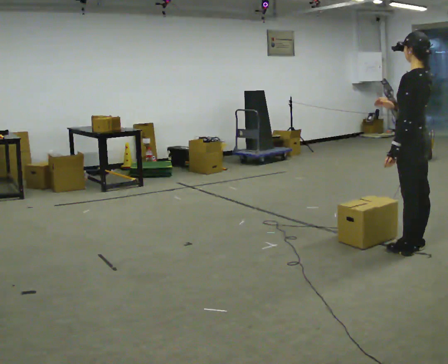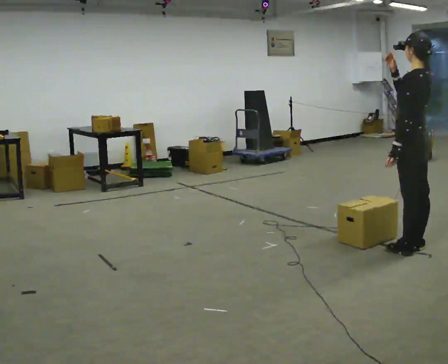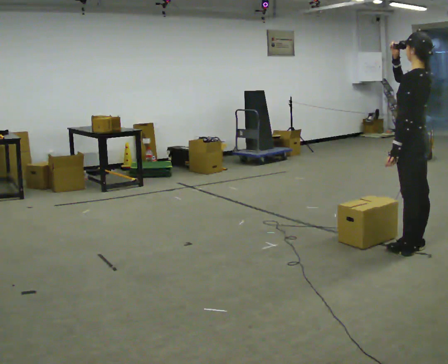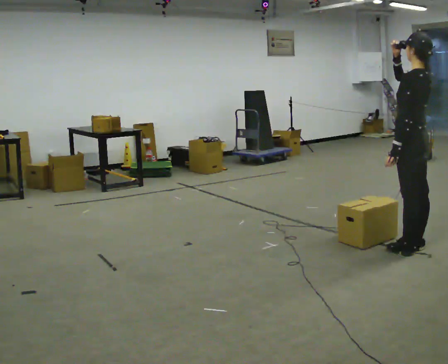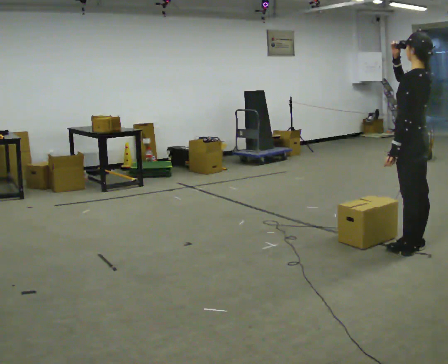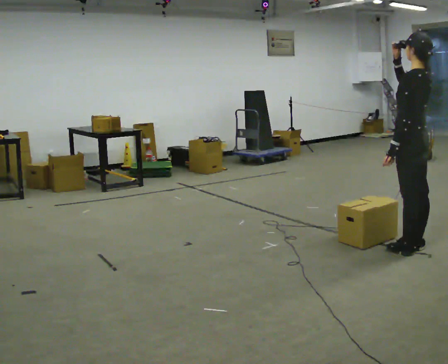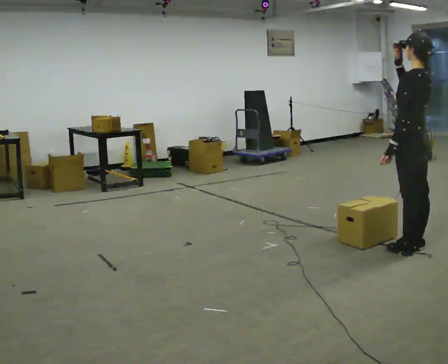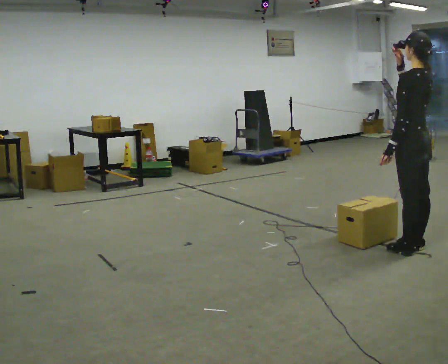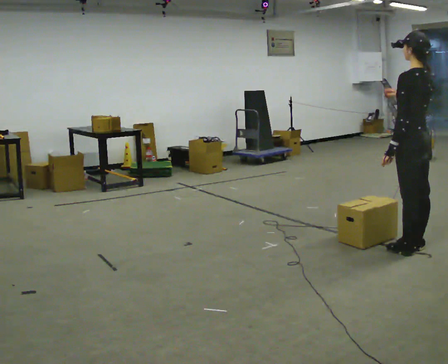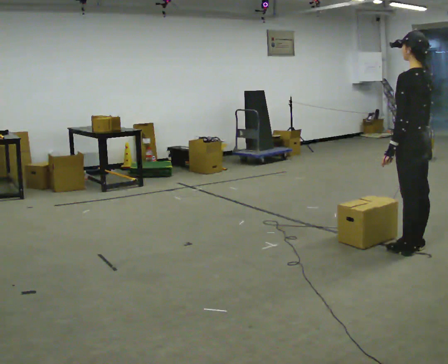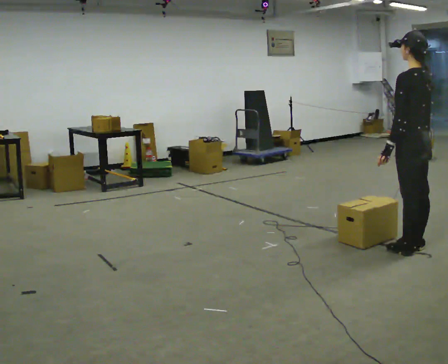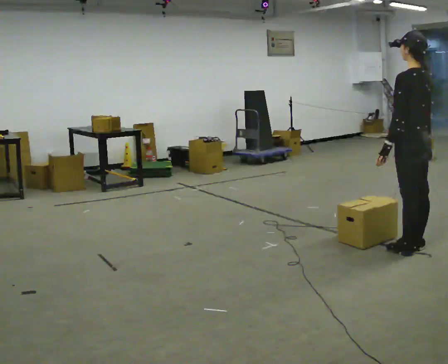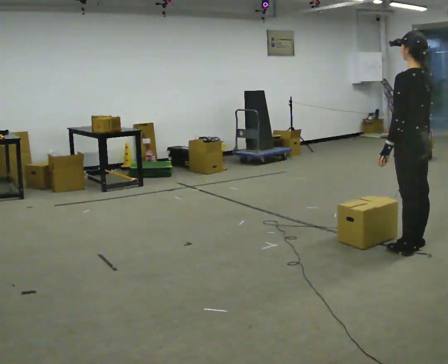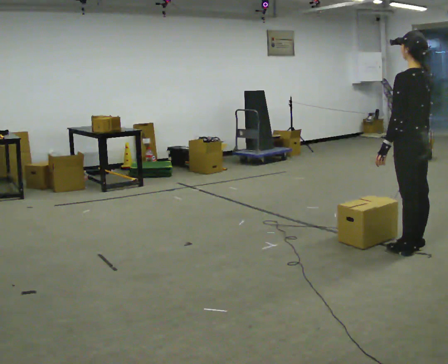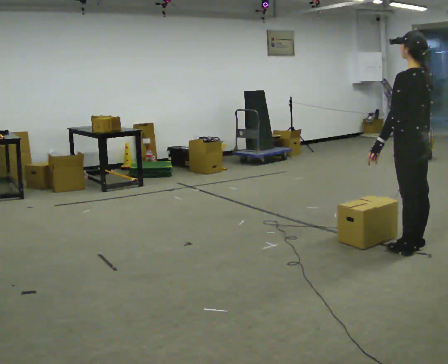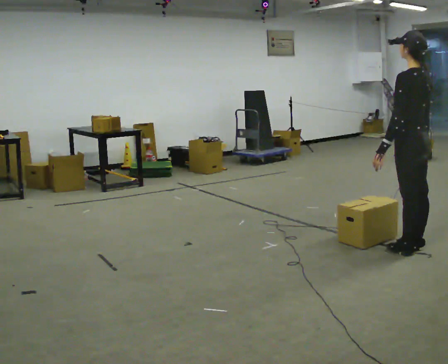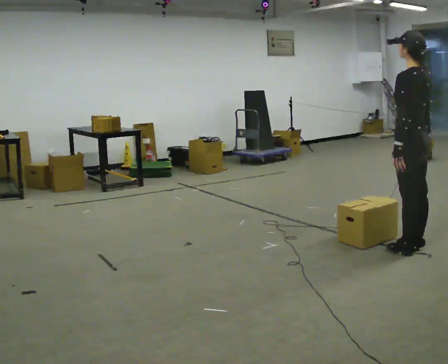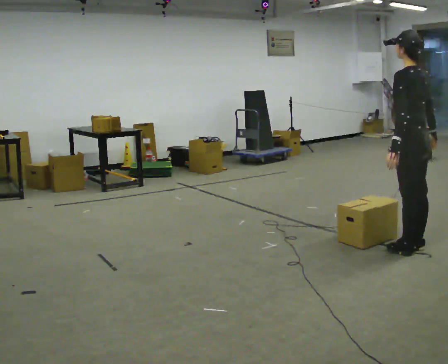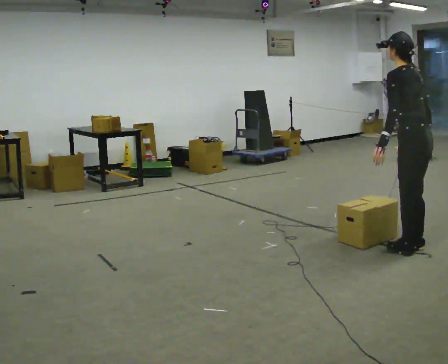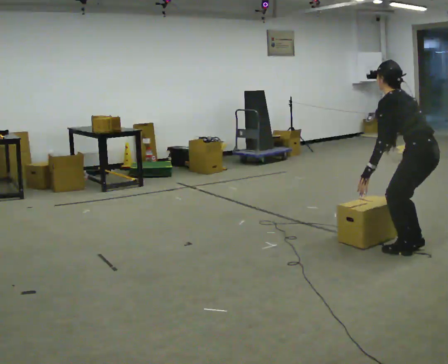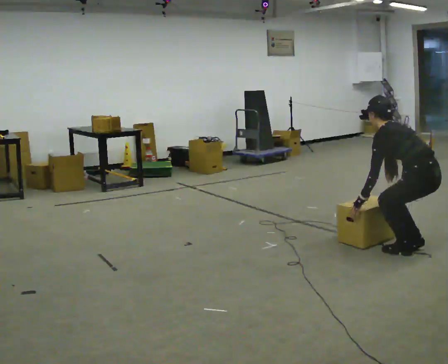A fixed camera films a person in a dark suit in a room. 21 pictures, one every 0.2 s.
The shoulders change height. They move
downward.
0.0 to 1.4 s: In the picture their right hand goes upward.
1.4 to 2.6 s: In the picture their right hand goes downward.
2.6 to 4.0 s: The upper body goes downward. The upper body tips away from the camera, its near side rolling upward, as they bend forward. In the picture their left hand goes downward.
The film runs backward here.
